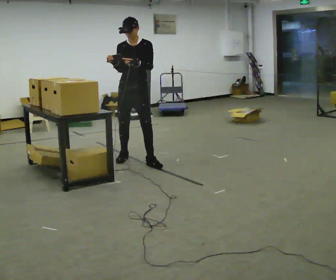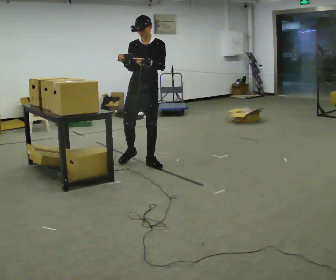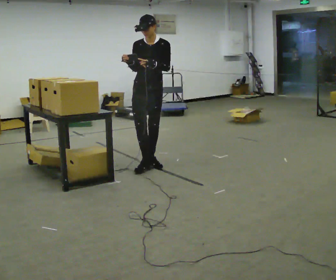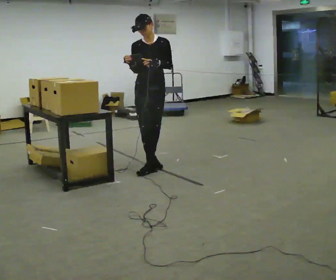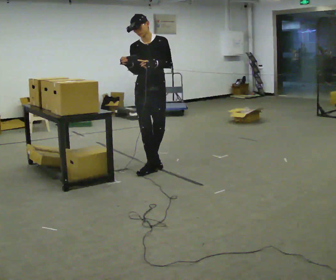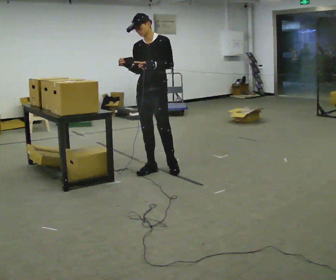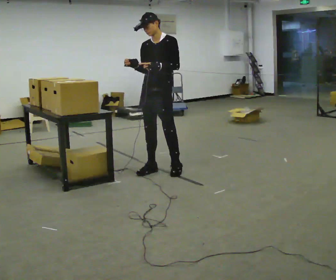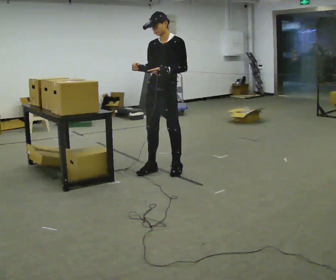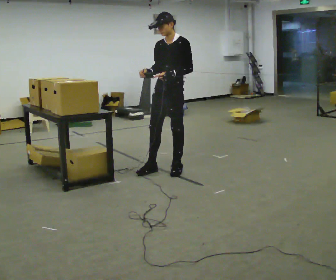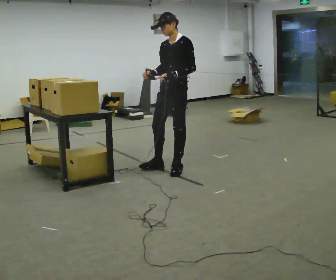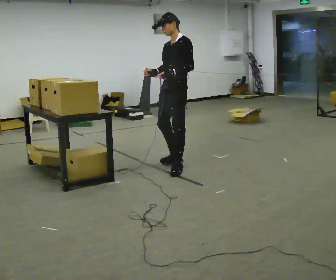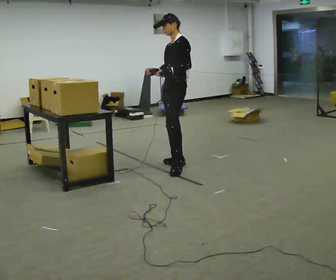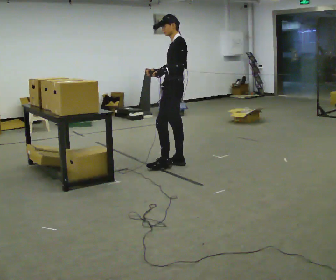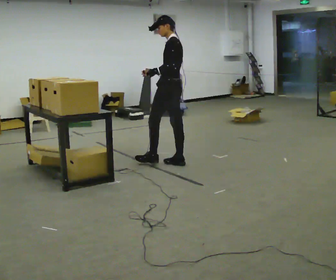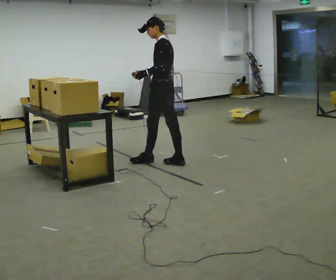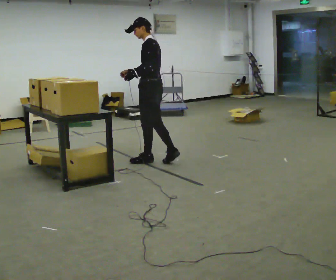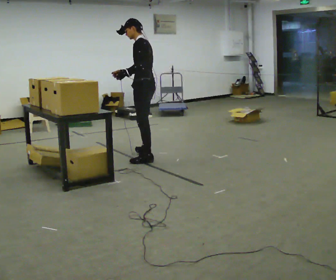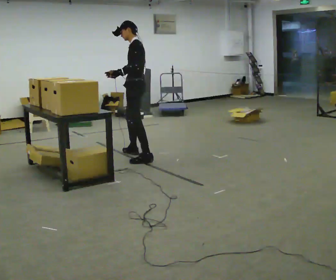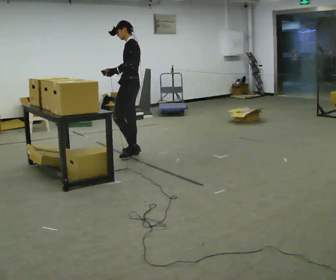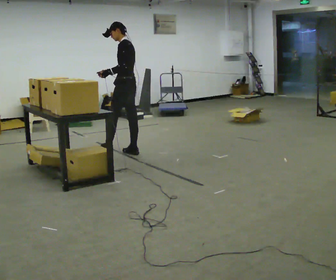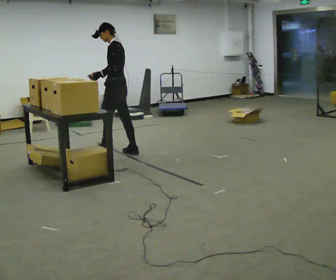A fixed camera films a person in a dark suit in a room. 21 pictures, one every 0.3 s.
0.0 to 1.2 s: In the picture they go toward the camera and to the right, about 0.5 m in 1 step, which for them is forward and to their left.
1.2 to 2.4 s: The part of the body nearest the lens slides to the left as the person turns to their right by about 30 degrees. In the picture they go to the right, about 0.25 m in 1 step, which for them is to their left.
2.4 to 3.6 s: Seen from above the body turns clockwise, about 45 degrees: to their right, with its near side sliding to the left. In the picture they go away from the camera, about 0.25 m in 1 step, which for them is backward and to their right.
3.6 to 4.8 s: In the picture they go to the left and away from the camera, about 0.5 m in 1 step, which for them is forward.
4.8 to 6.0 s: In the picture they go to the left and away from the camera, about 0.5 m in 2 steps, which for them is forward and to their right.
The film runs forward here.
